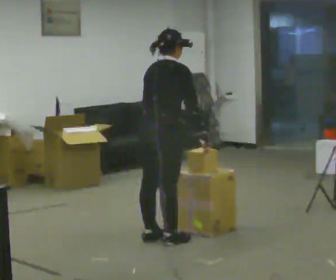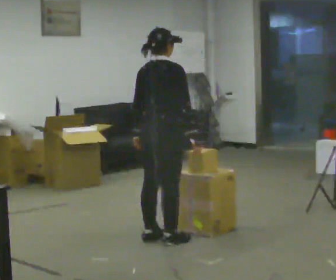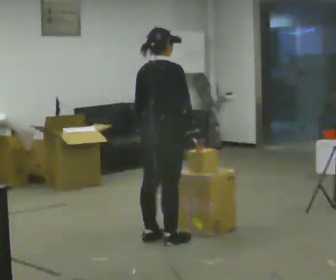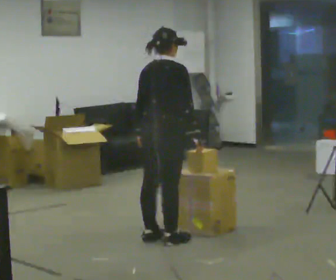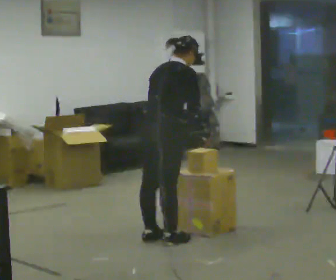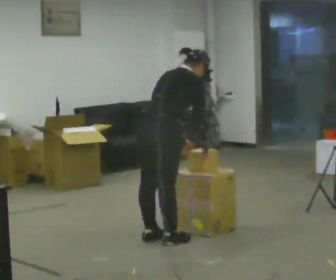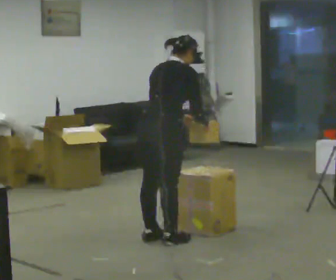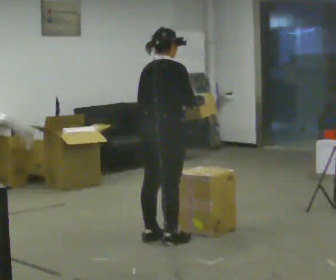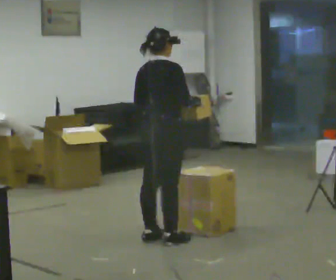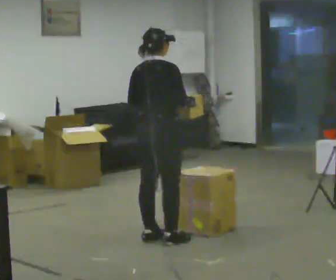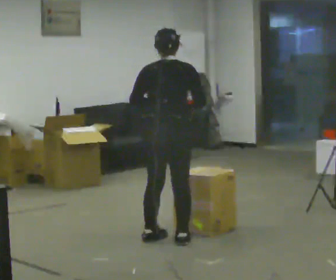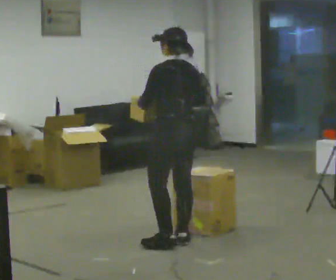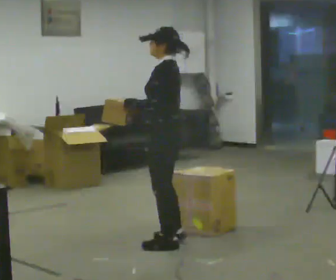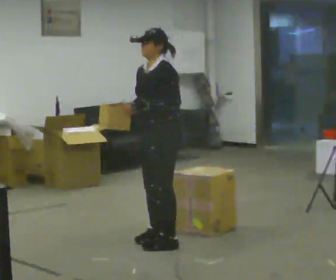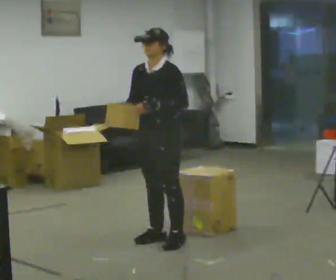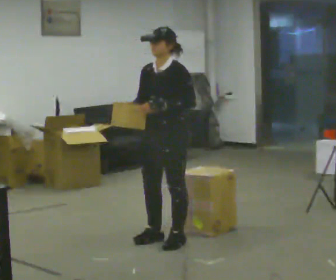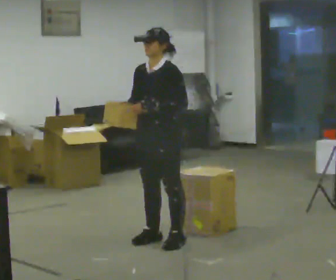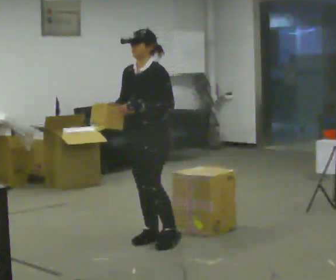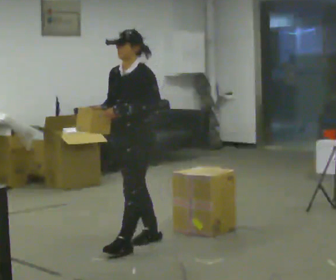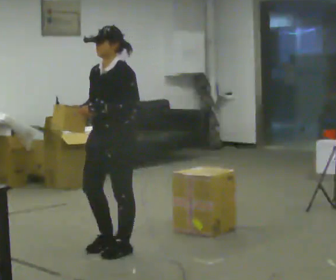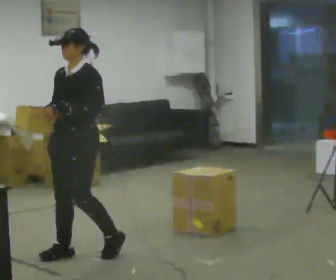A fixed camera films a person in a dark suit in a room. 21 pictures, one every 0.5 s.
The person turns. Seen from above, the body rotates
counterclockwise.
The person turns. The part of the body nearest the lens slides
to the right.
0.0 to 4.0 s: The person moves a little, or ends about where they began.
4.0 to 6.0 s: Seen from above the body turns counterclockwise, about 120 degrees: to their left, with its near side sliding to the right. In the picture they go toward the camera, about 0.25 m in 1 step. In the picture their right hand goes to the left.
6.0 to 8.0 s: Seen from above the body turns counterclockwise, about 60 degrees: to their left, with its near side sliding to the right.
8.0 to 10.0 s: In the picture they go to the left and toward the camera, about 0.75 m in 2 steps, which for them is forward.
The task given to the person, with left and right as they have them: Carry the object across the room and slide it into the slot on the shelf. It is a close fit, so take the time you need. Keep going until the operator says stop; one object at a time, and do not rush between trips.
The film runs forward here.
